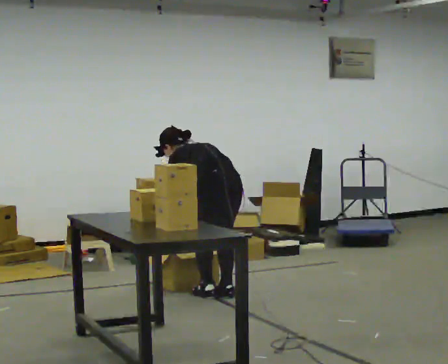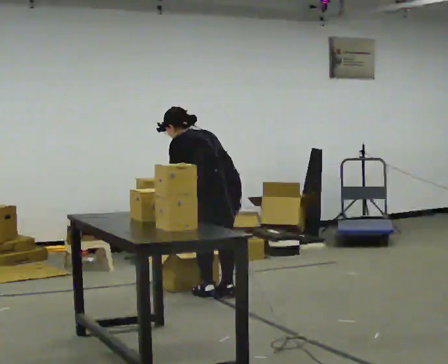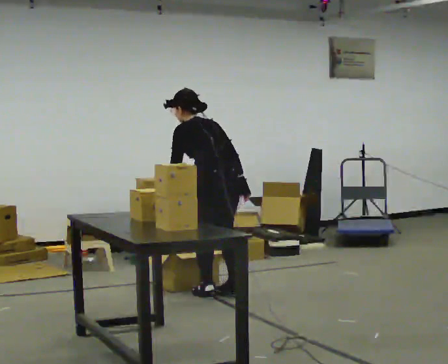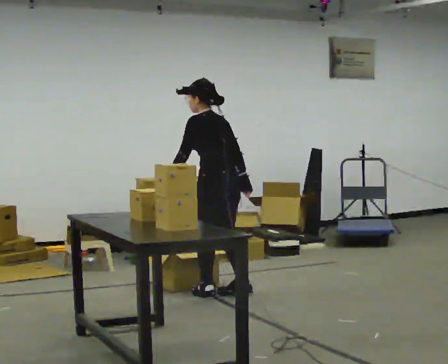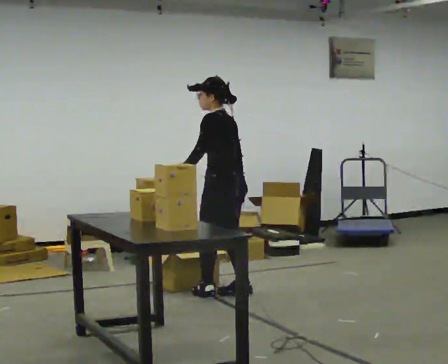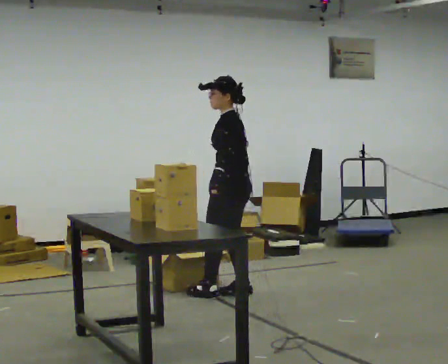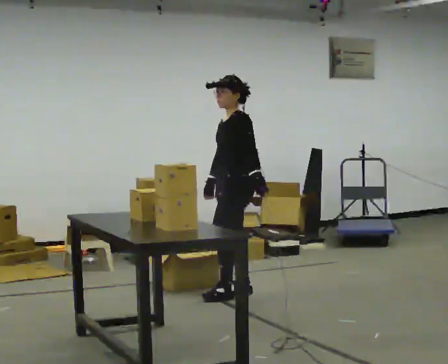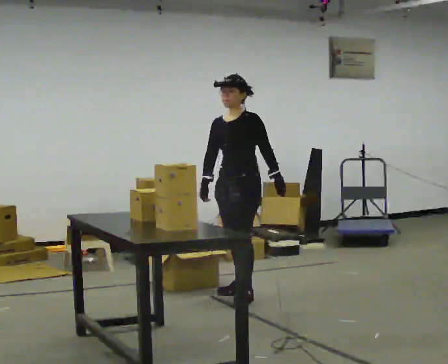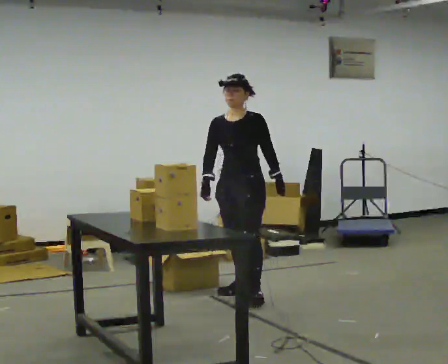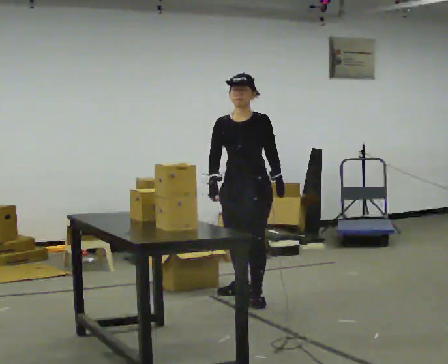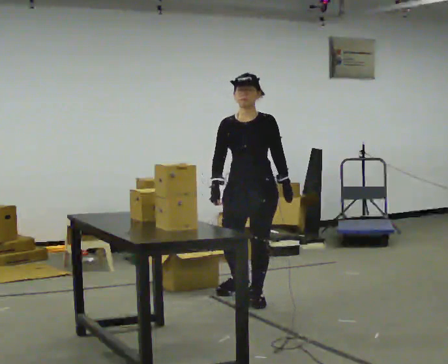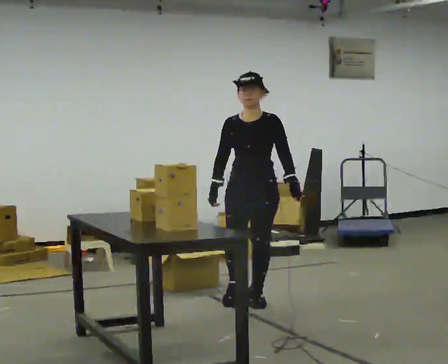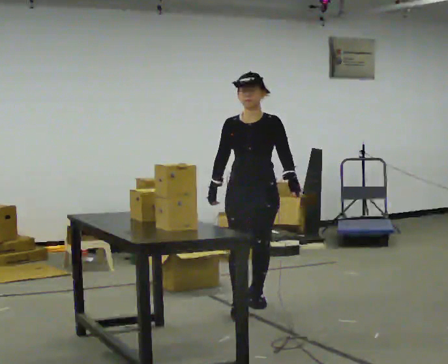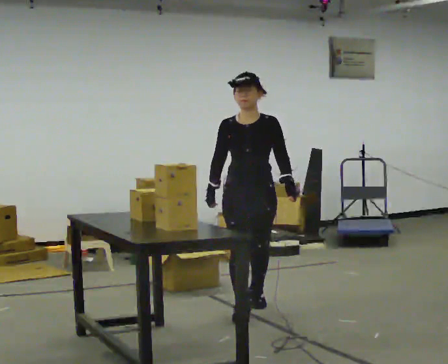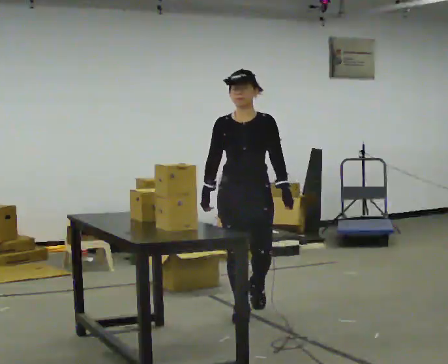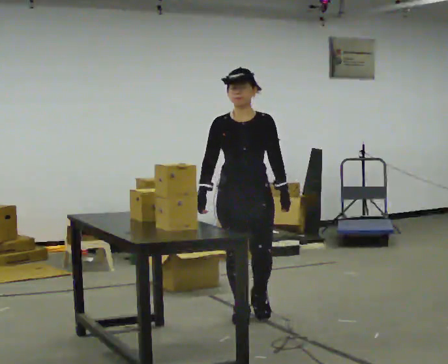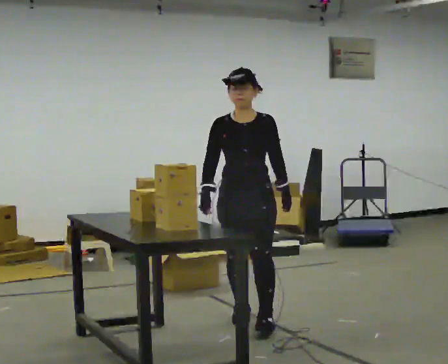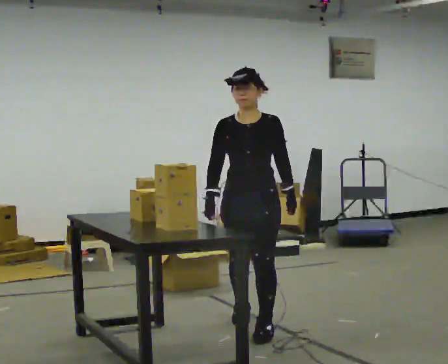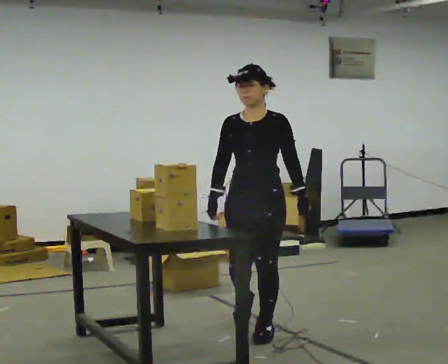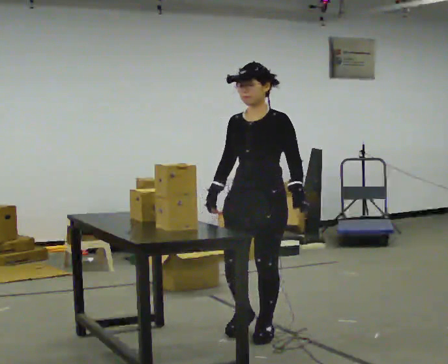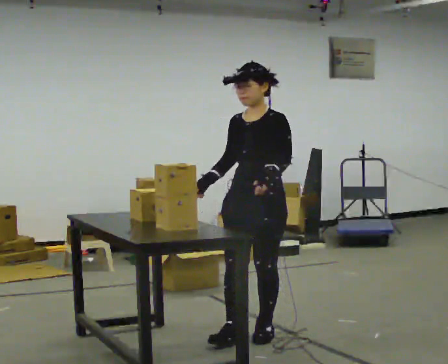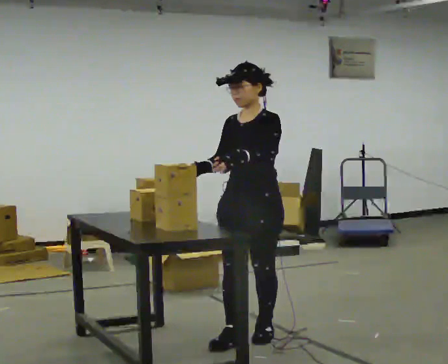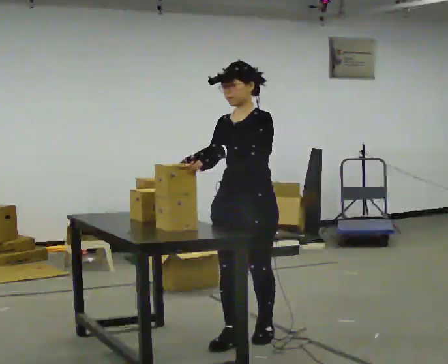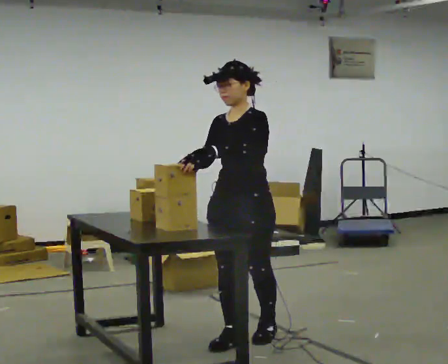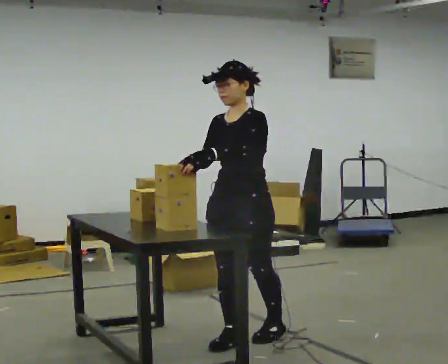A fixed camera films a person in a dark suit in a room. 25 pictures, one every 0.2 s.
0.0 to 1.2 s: The part of the body nearest the lens slides to the right as the person turns to their left by about 75 degrees. The upper body goes upward. The upper body tips toward the camera, its near side rolling downward, as they lean back or straighten.
1.2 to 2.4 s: The part of the body nearest the lens slides to the right as the person turns to their left by about 75 degrees. In the picture they go toward the camera, about 0.5 m in 1 step.
2.4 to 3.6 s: In the picture they go toward the camera, about 0.75 m in 2 steps, which for them is forward.
3.6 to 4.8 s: In the picture they go toward the camera, about 0.25 m in 1 step, which for them is forward. In the picture their left hand goes to the left.
The film runs forward here.
